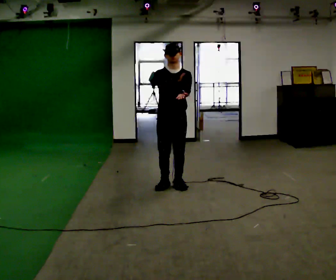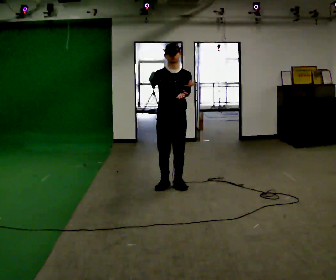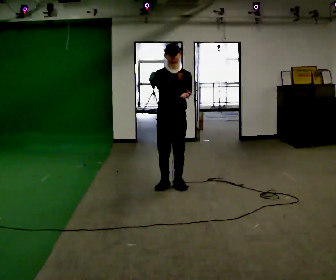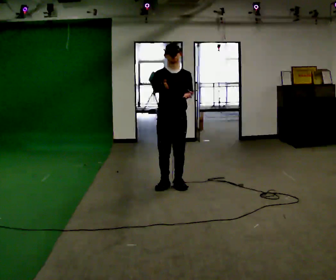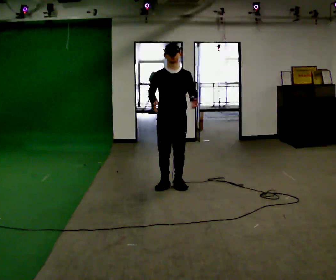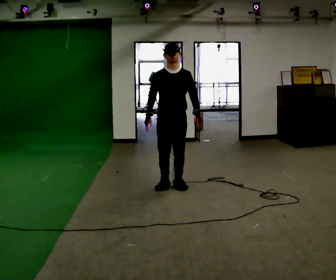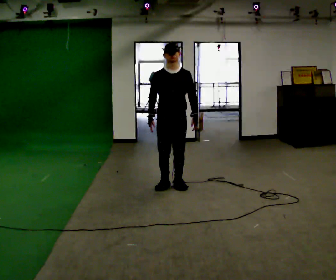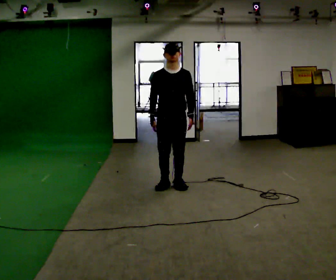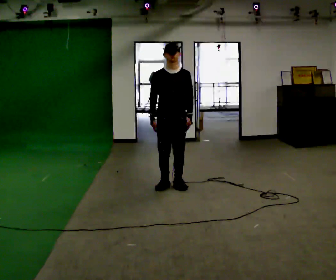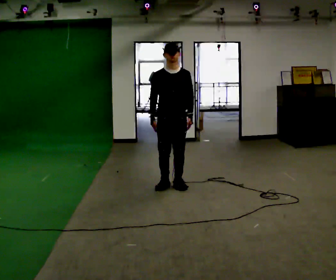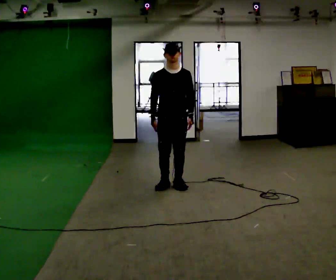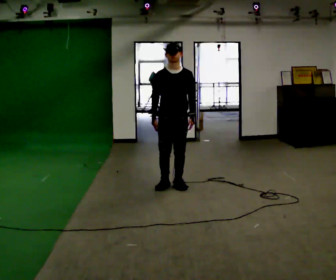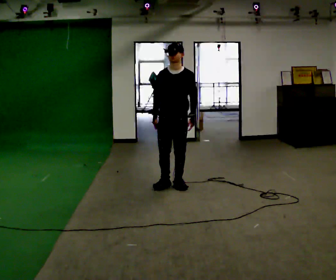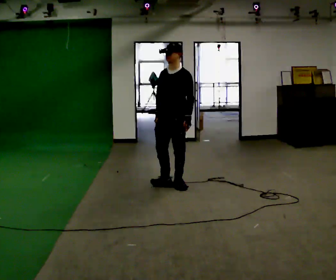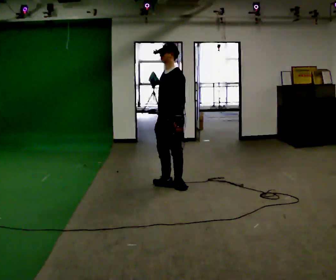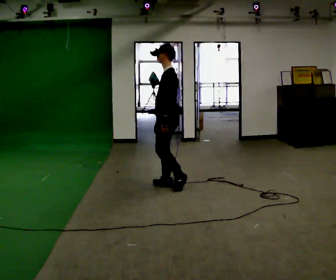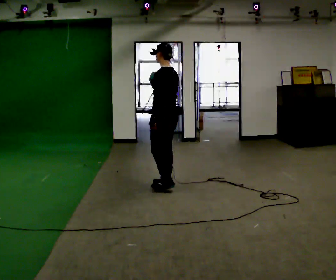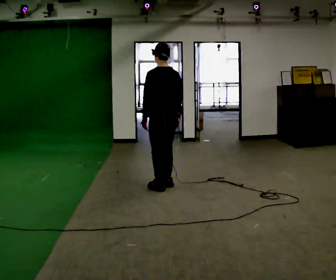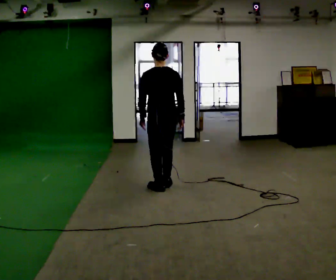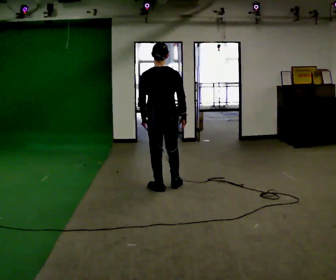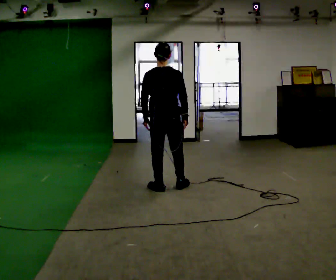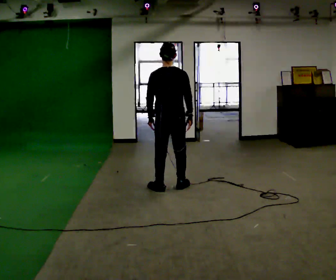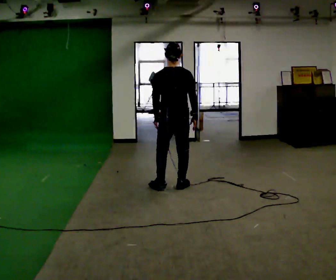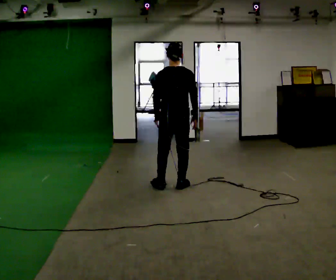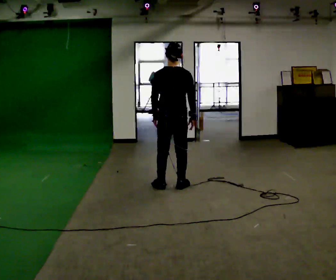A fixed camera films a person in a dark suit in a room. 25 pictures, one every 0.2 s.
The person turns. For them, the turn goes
to their right.
The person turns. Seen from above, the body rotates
clockwise.
0.0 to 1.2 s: In the picture their right hand goes downward and to the left.
1.2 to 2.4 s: The person moves a little, or ends about where they began.
2.4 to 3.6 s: The person turns about 150 degrees to their right, clockwise seen from above, so the part of the body nearest the lens slides to the left. In the picture their right hand goes to the right, the arm swinging counterclockwise.
3.6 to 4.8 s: The person moves a little, or ends about where they began.
The film runs forward here.
